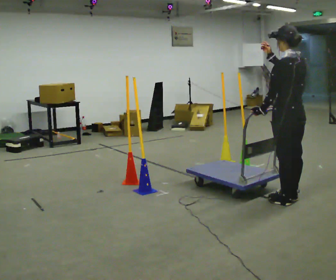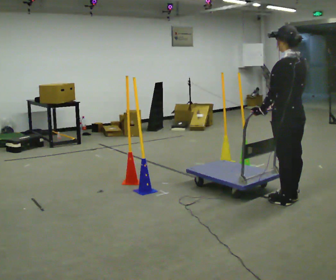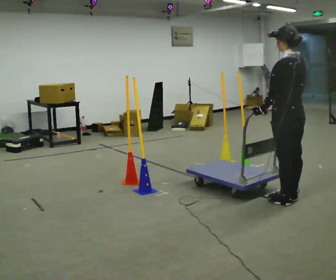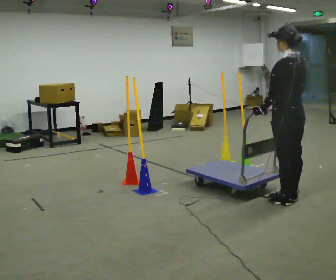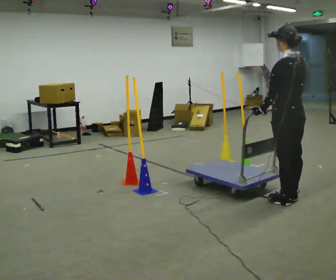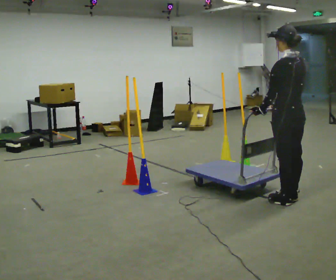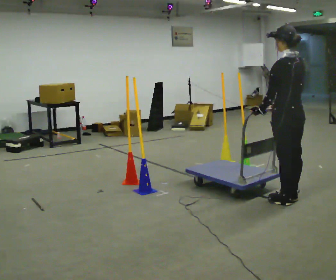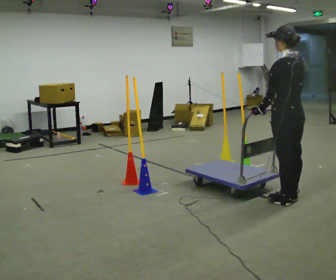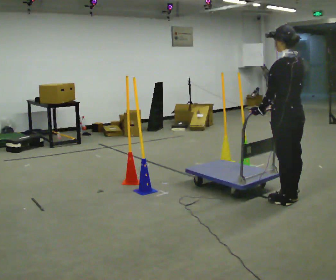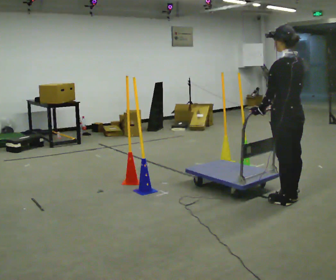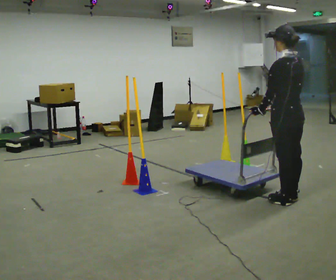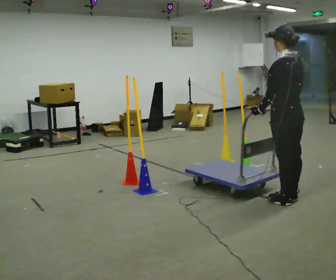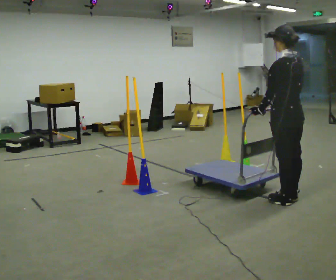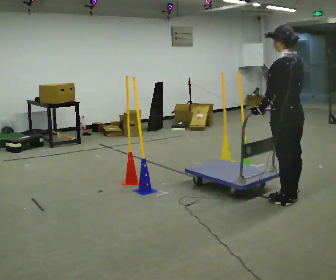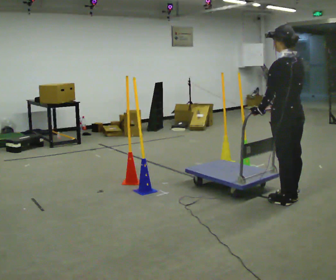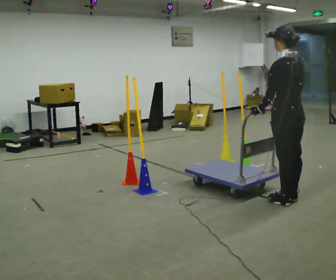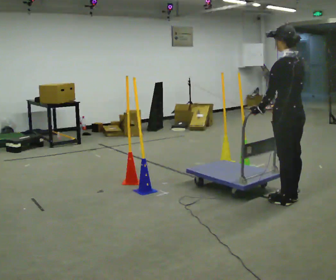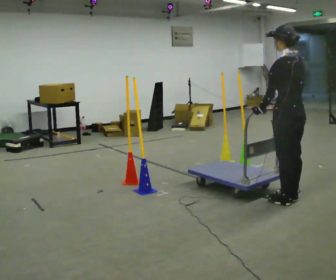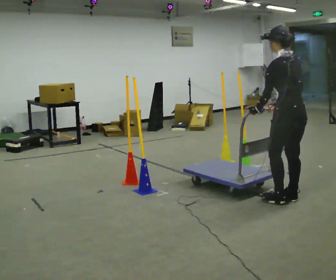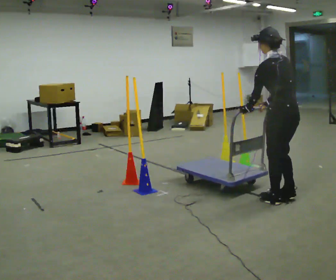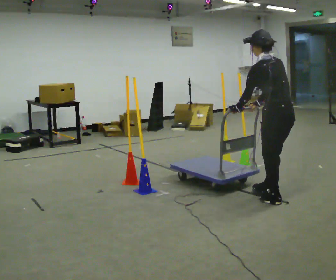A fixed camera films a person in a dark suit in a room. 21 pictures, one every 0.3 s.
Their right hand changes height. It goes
downward.
0.0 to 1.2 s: In the picture their right hand goes downward.
1.2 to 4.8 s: The person moves a little, or ends about where they began.
4.8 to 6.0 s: In the picture the upper body tilts counterclockwise, shoulders to the left, as they bend forward.
The film runs backward here.
